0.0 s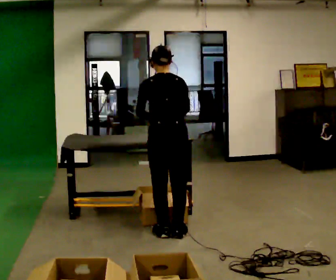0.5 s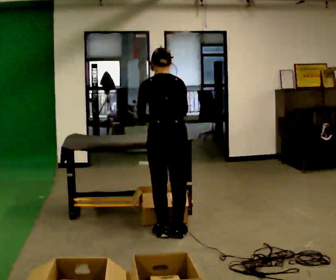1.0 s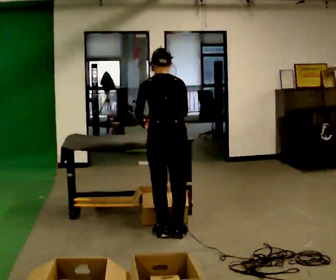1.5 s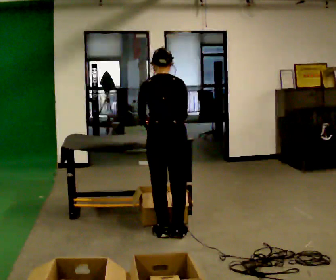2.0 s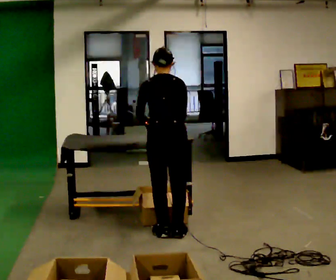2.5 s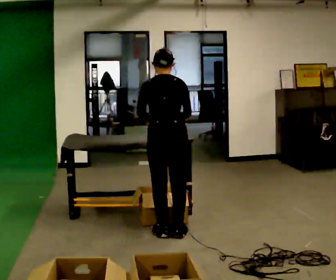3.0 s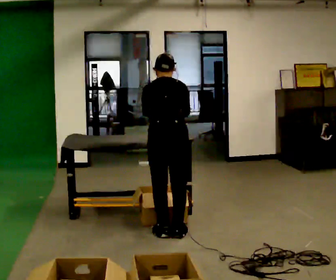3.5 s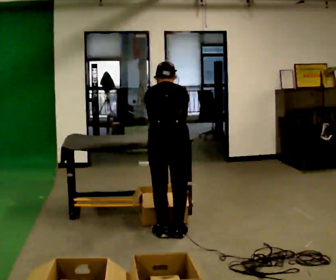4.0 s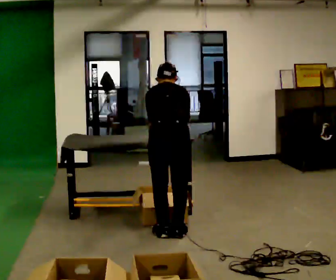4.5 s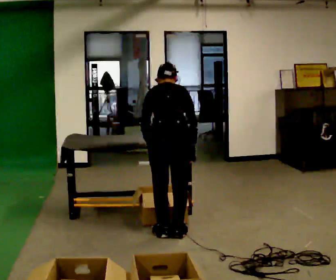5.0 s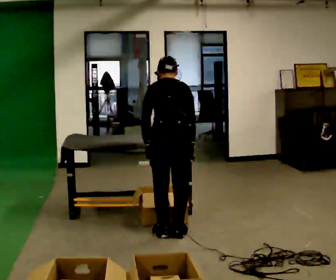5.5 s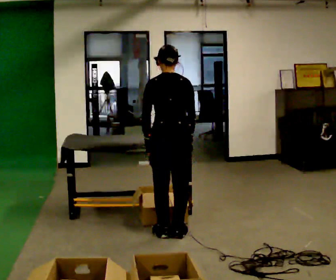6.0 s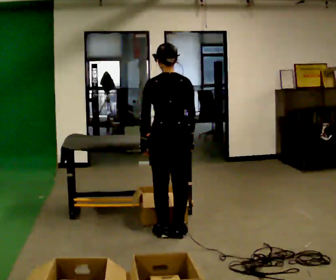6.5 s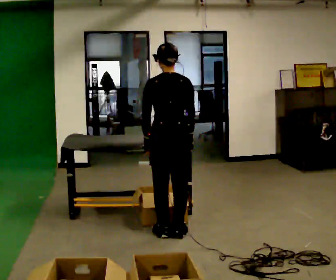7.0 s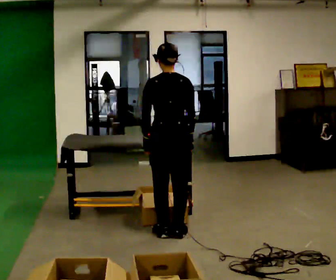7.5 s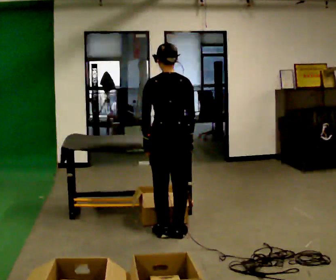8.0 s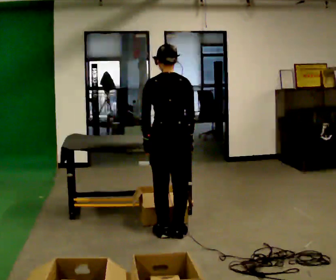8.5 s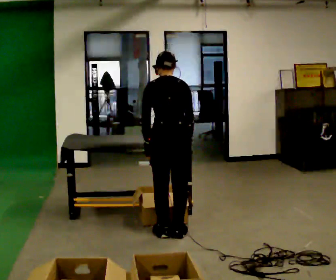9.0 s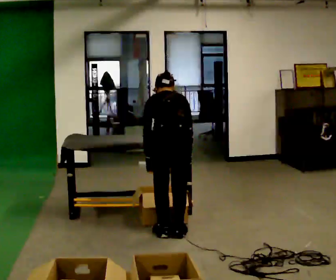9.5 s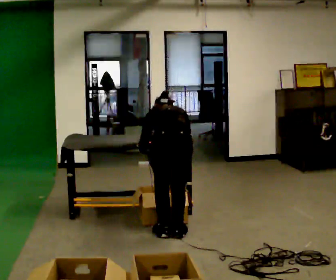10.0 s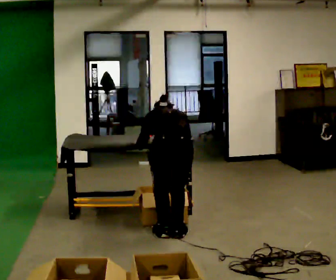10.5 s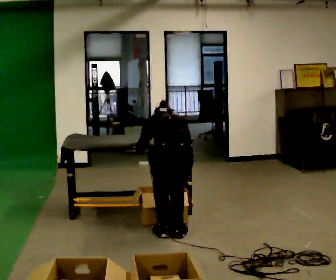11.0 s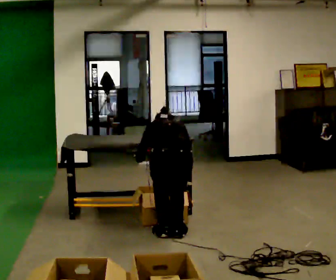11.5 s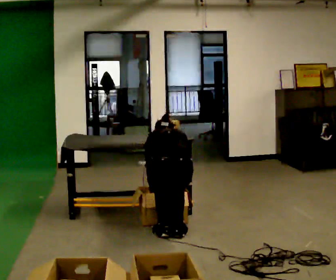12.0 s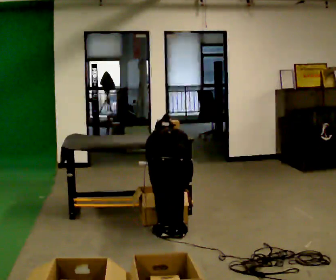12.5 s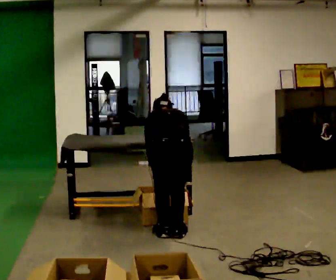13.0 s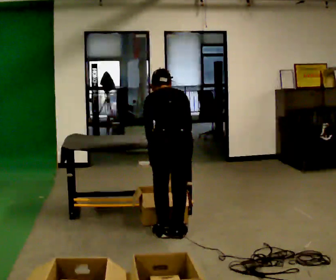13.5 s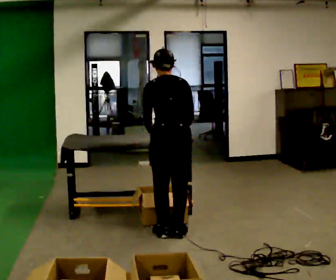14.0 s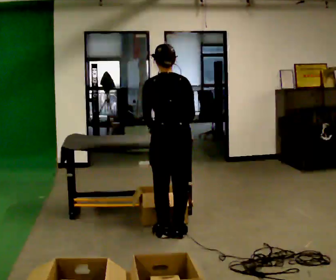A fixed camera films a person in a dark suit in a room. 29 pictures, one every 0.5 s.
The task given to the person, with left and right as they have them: 1. Take everything out of the crates by the door. 2. Put the small items on the middle shelf. 3. Put the large items on the bottom shelf. 4. Stack the empty crates by the door. 5. Tell the operator when you are finished.
0.0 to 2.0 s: The person moves a little, or ends about where they began.
2.0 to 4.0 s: The upper body tips away from the camera, its near side rolling upward, as they bend forward.
4.0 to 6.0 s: The upper body tips toward the camera, its near side rolling downward, as they lean back or straighten.
6.0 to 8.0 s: The person moves a little, or ends about where they began.
8.0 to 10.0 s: The upper body goes downward. The upper body tips away from the camera, its near side rolling upward, as they bend forward.
10.0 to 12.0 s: The shoulders move downward. In the picture their left hand goes downward.
12.0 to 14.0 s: The shoulders move upward. The upper body tips toward the camera, its near side rolling downward, as they lean back or straighten. In the picture their right hand goes upward.
The film runs forward here.
